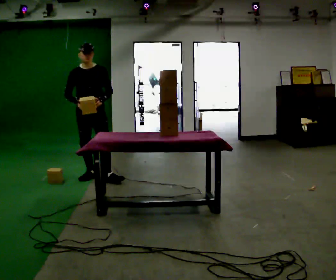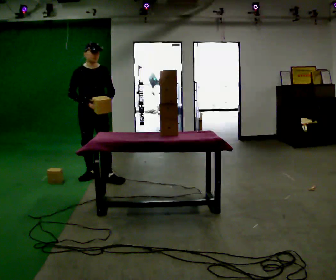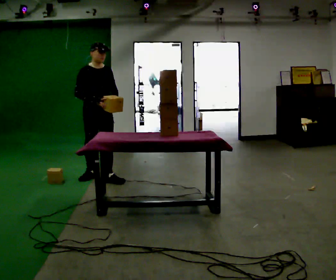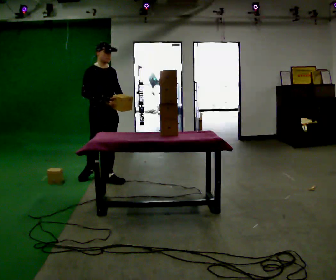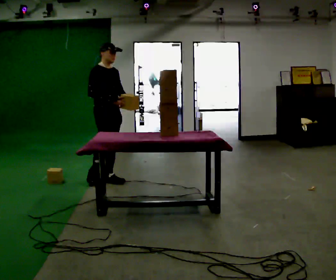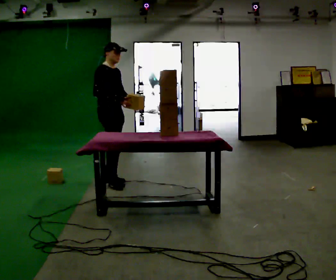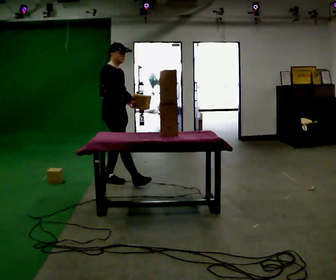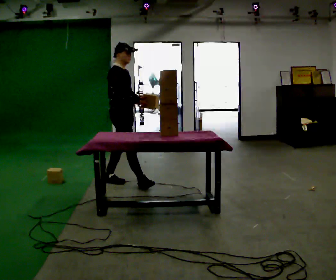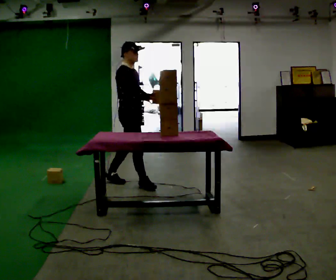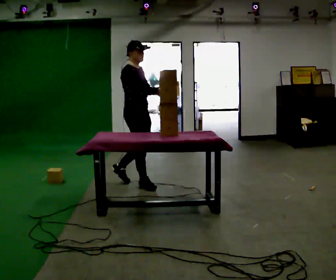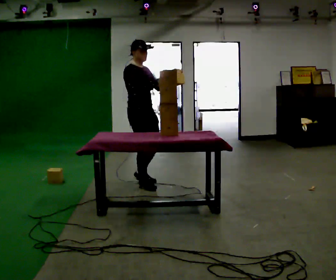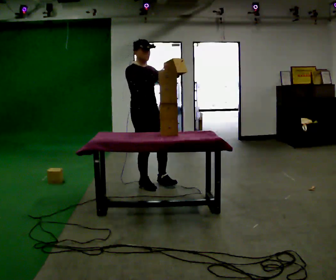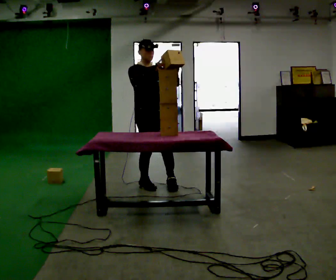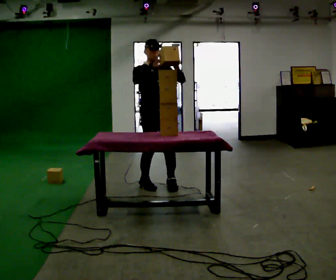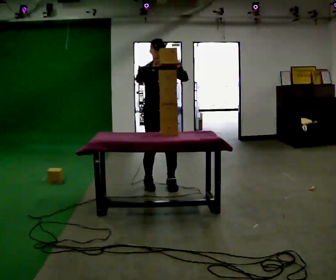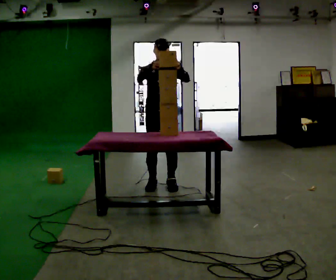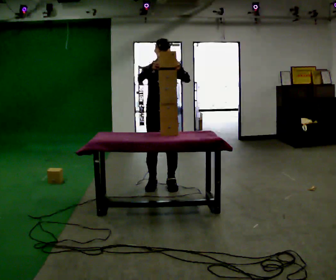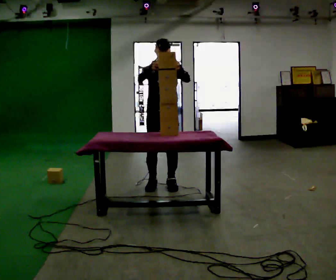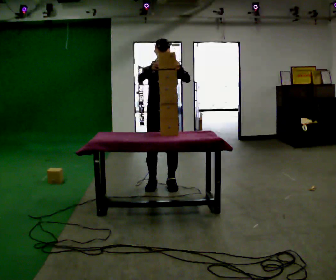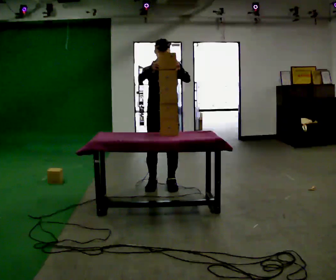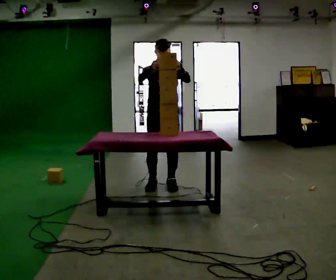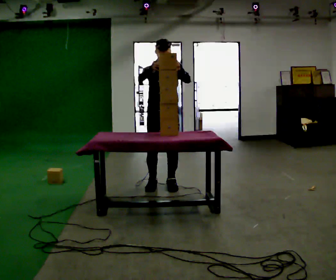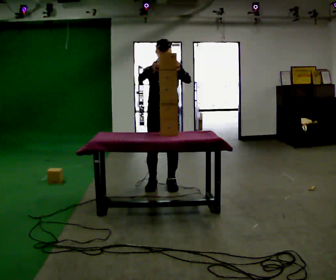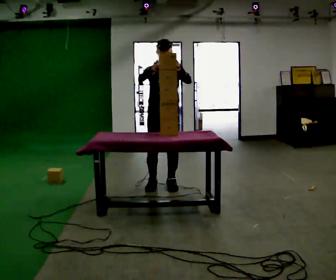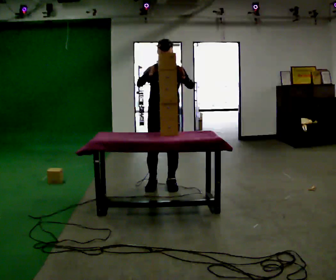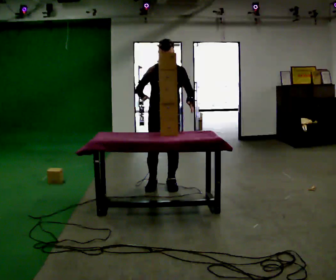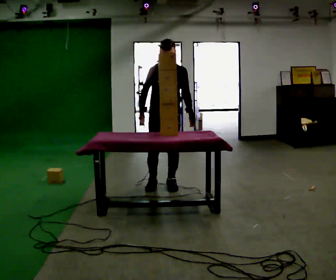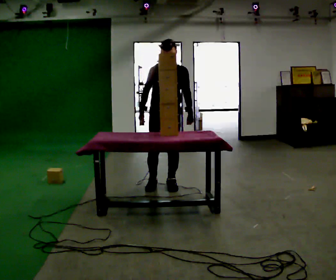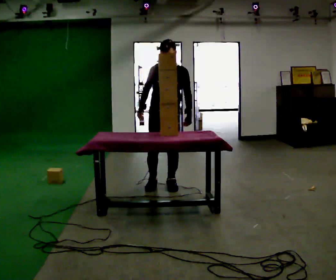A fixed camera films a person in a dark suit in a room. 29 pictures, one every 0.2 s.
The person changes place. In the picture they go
to the right.
0.0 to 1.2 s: The person turns about 60 degrees to their left, counterclockwise seen from above, so the part of the body nearest the lens slides to the right. In the picture they go to the right and toward the camera, about 0.25 m.
1.2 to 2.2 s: The person turns about 30 degrees to their right, clockwise seen from above, so the part of the body nearest the lens slides to the left. In the picture they go to the right and toward the camera, about 0.5 m in 1 step, which for them is forward.
2.2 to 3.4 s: The person turns about 30 degrees to their right, clockwise seen from above, so the part of the body nearest the lens slides to the left. In the picture they go to the right, about 0.25 m in 2 steps, which for them is to their left.
3.4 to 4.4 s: The person keeps their place and pose.
4.4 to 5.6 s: In the picture their right hand goes downward.
The film runs forward here.
